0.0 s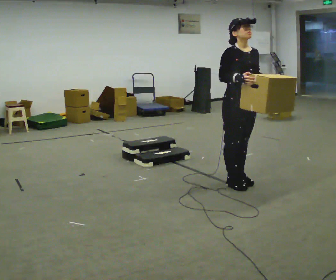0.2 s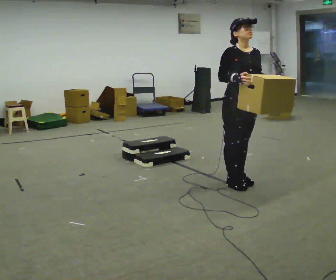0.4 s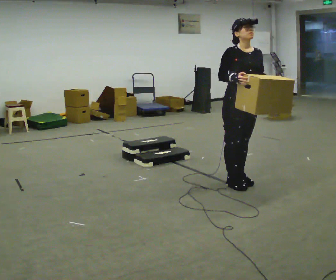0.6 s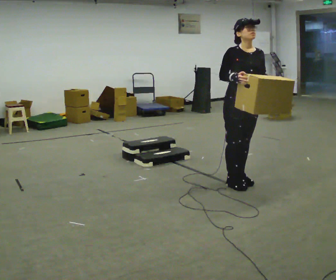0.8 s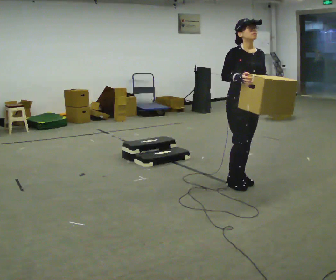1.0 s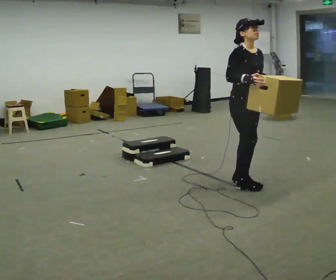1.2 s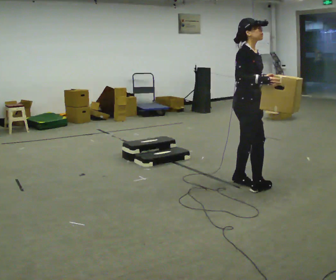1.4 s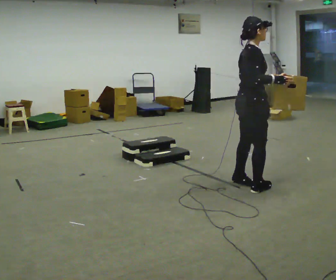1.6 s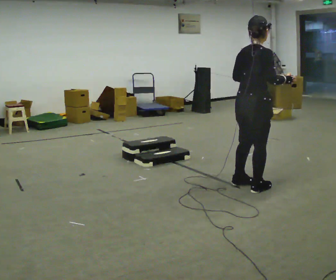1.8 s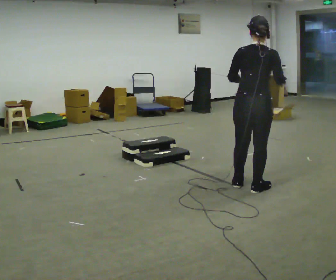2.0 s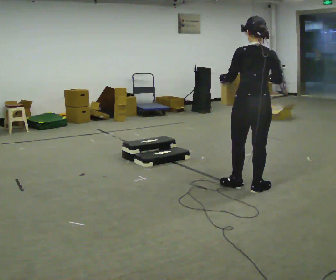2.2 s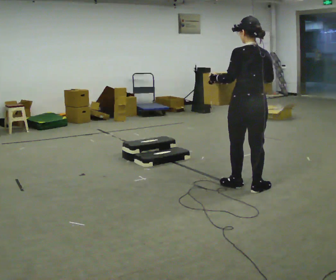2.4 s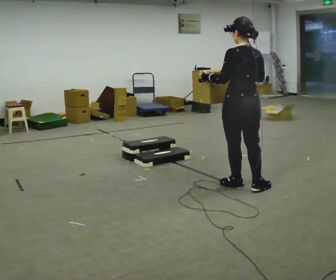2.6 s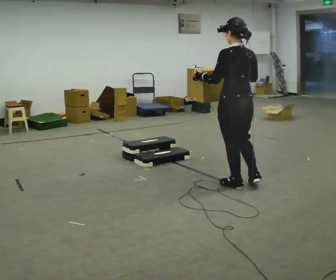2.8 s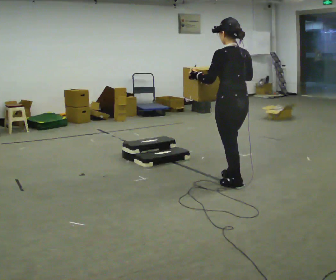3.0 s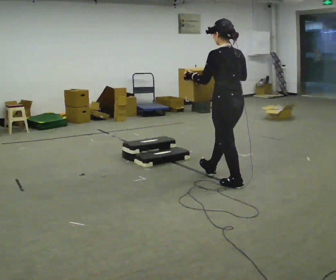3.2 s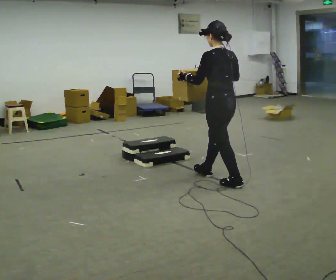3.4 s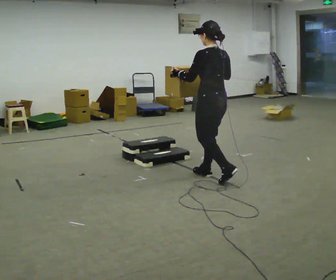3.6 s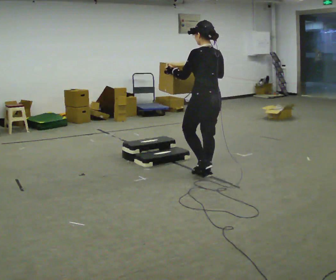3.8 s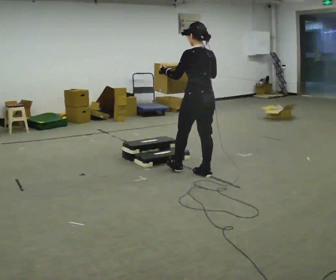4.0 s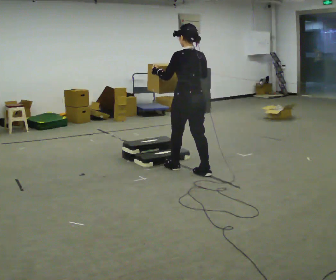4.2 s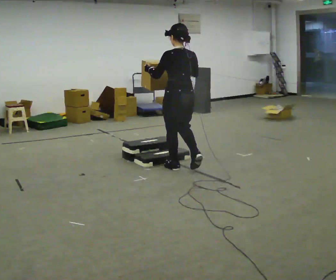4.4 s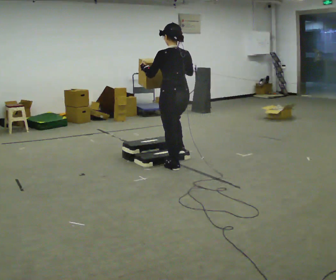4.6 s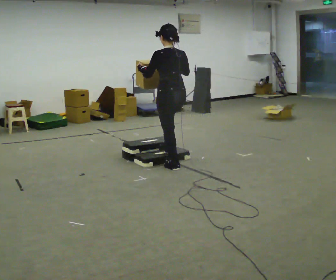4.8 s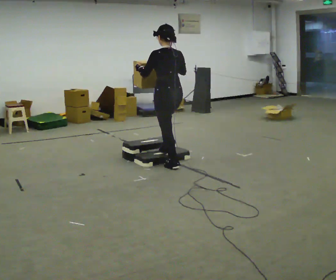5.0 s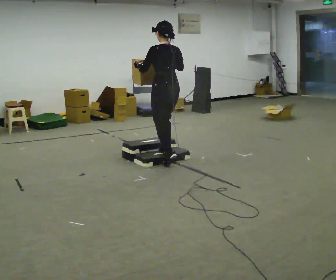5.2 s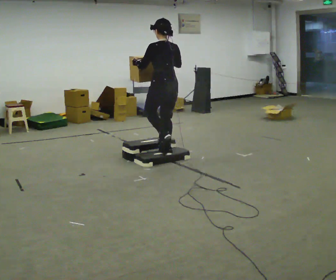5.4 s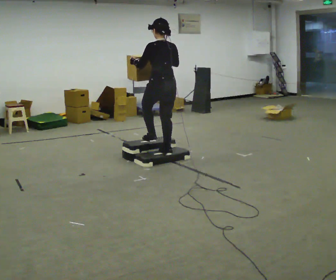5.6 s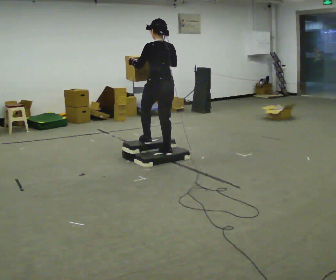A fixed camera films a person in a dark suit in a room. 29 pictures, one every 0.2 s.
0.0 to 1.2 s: Seen from above the body turns counterclockwise, about 45 degrees: to their left, with its near side sliding to the right.
1.2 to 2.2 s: The part of the body nearest the lens slides to the right as the person turns to their left by about 120 degrees. In the picture their left hand goes to the left.
2.2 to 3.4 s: The person turns about 30 degrees to their left, counterclockwise seen from above, so the part of the body nearest the lens slides to the right. In the picture they go to the left and away from the camera, about 0.5 m in 1 step, which for them is forward.
3.4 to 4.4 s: In the picture they go to the left and away from the camera, about 0.5 m in 1 step, which for them is forward.
4.4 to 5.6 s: In the picture they go away from the camera and to the left, about 0.5 m in 2 steps, which for them is forward.
The film runs forward here.
